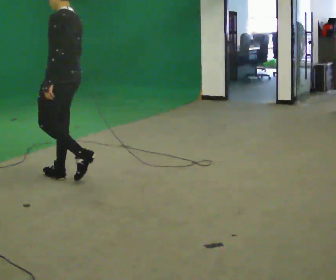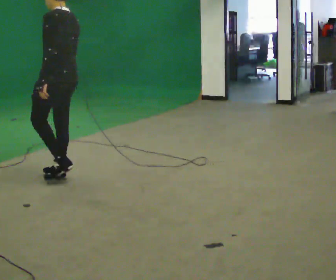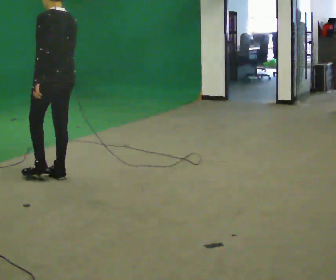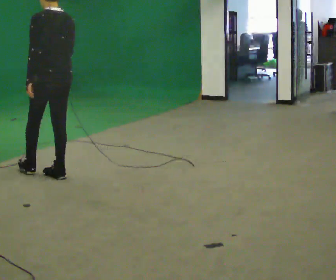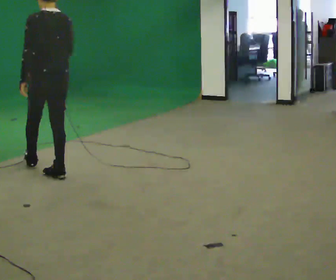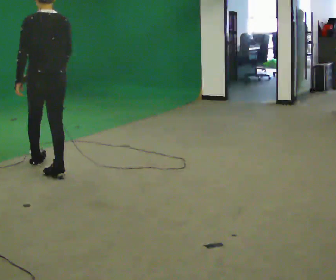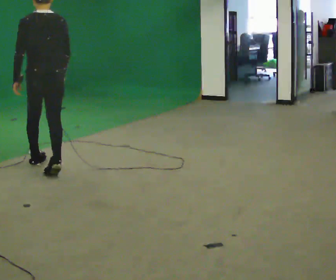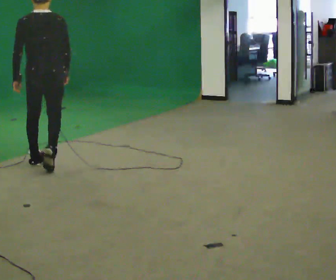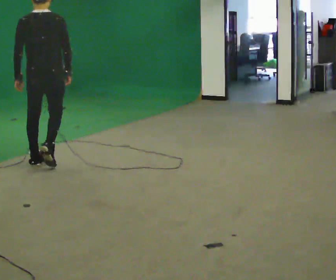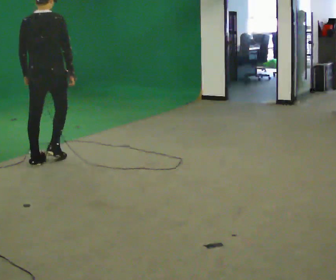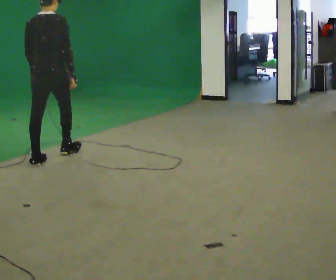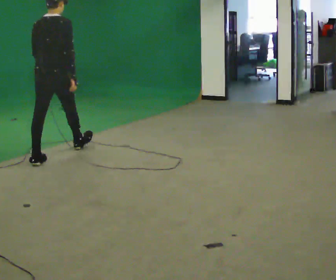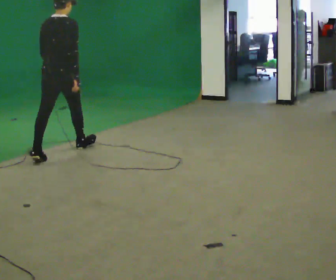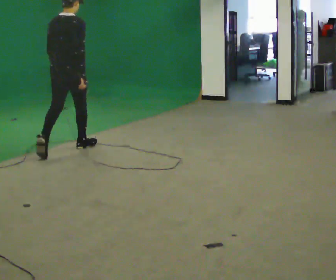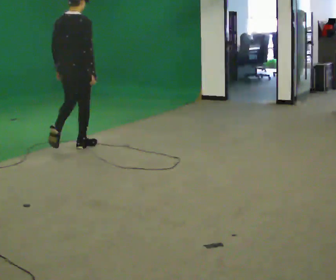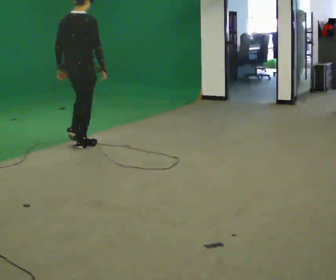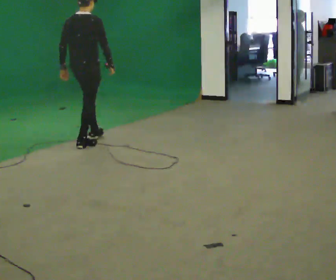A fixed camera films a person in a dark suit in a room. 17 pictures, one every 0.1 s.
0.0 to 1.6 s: The person turns about 105 degrees to their right, clockwise seen from above, so the part of the body nearest the lens slides to the left. In the picture they go away from the camera, about 1 m in 2 steps.
The film runs forward here.
